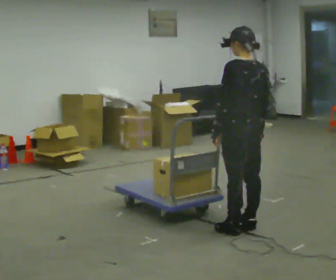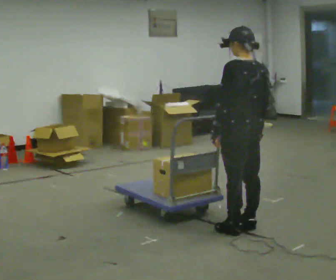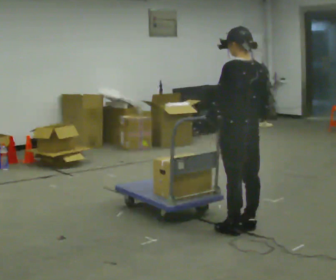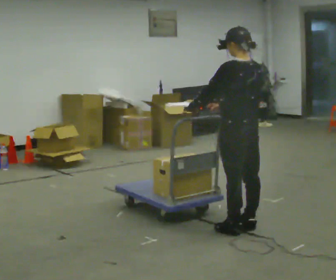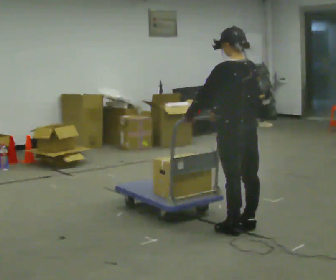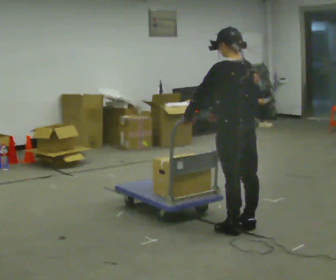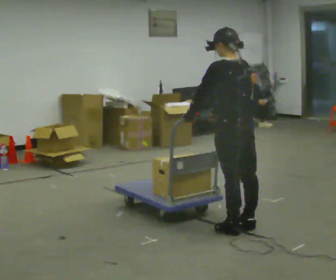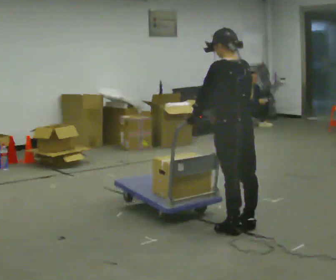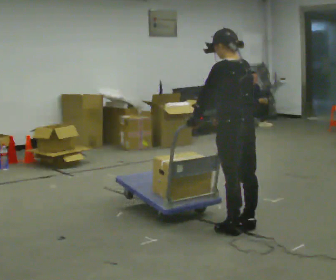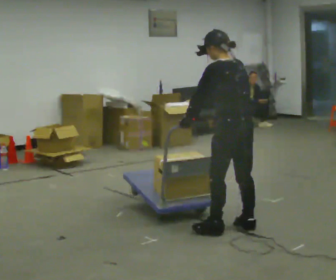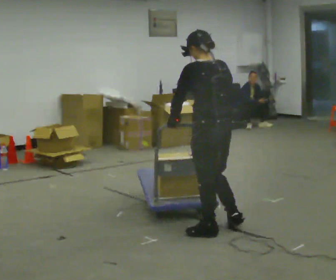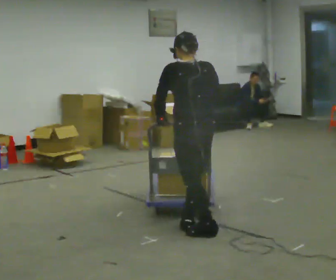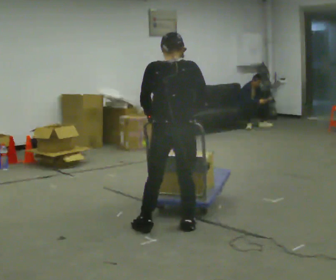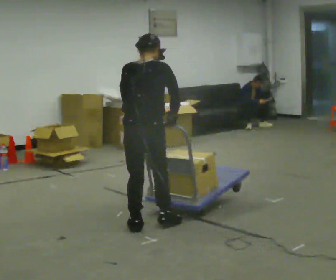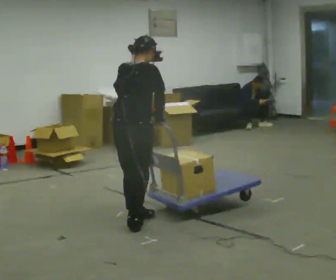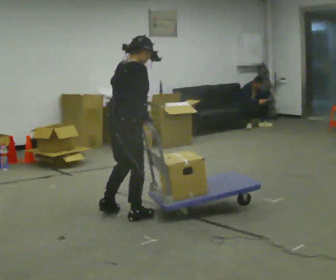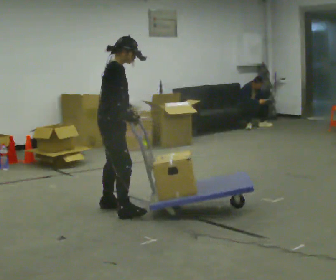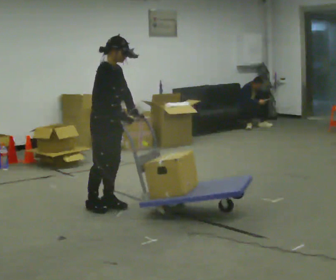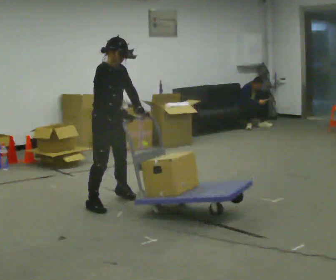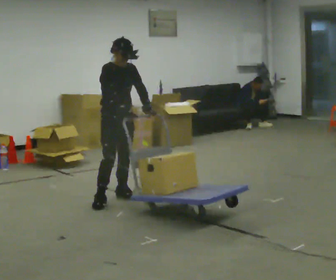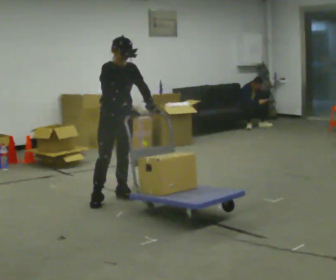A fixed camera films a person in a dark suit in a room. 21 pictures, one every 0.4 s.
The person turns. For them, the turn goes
to their right.
The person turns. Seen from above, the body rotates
clockwise.
0.0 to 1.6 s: In the picture their right hand goes to the left.
1.6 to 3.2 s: The person moves a little, or ends about where they began.
3.2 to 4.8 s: The person turns about 45 degrees to their right, clockwise seen from above, so the part of the body nearest the lens slides to the left. In the picture they go to the left, about 0.5 m in 2 steps, which for them is to their left and forward.
4.8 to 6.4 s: The part of the body nearest the lens slides to the left as the person turns to their right by about 90 degrees. In the picture they go to the left and away from the camera, about 1 m in 3 steps.
6.4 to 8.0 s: The part of the body nearest the lens slides to the left as the person turns to their right by about 60 degrees. In the picture they go away from the camera, about 0.5 m in 3 steps, which for them is to their left and backward.
The film runs forward here.
